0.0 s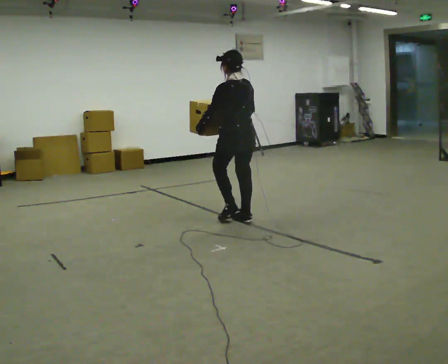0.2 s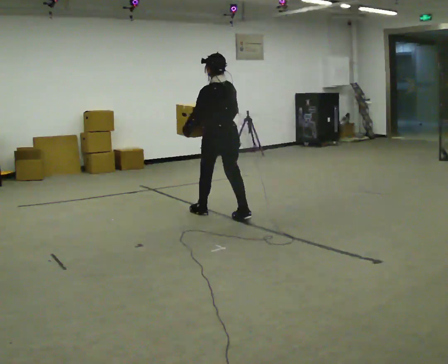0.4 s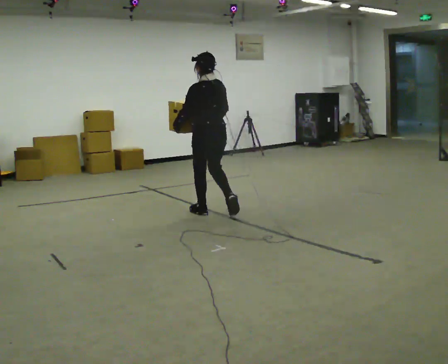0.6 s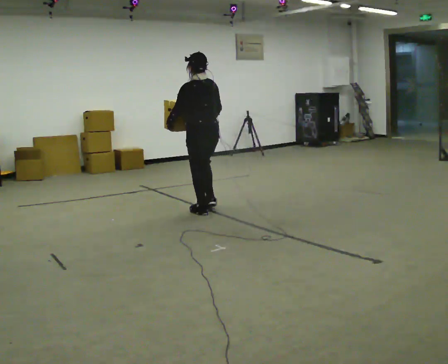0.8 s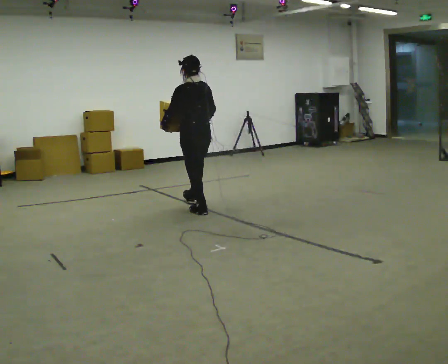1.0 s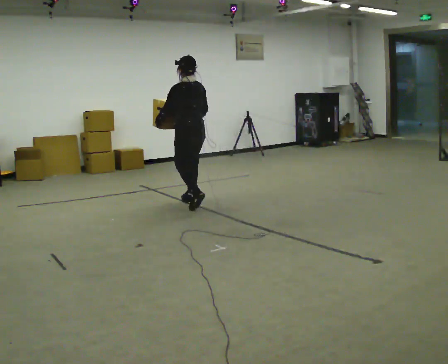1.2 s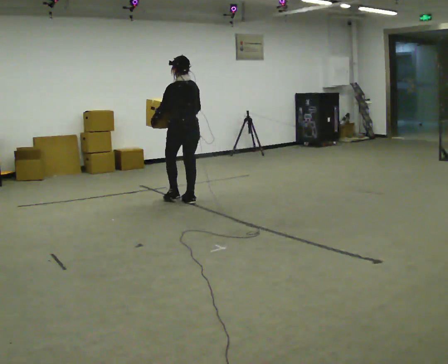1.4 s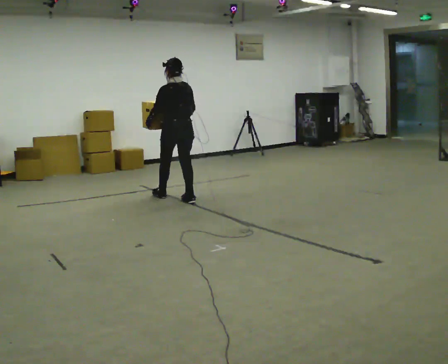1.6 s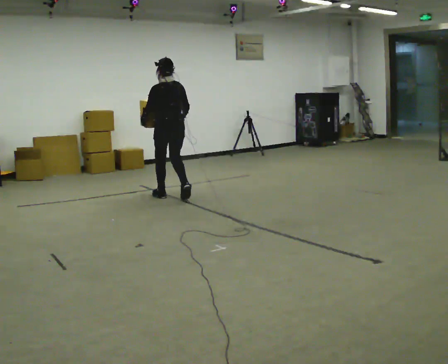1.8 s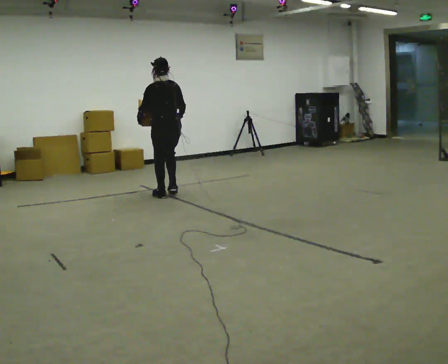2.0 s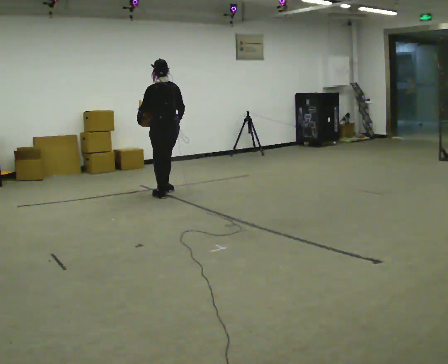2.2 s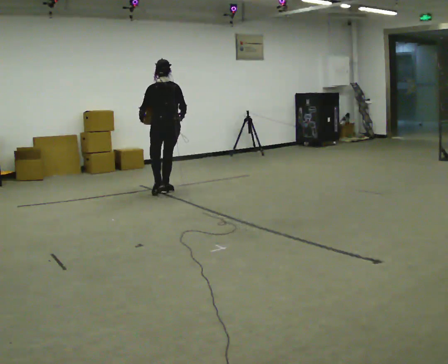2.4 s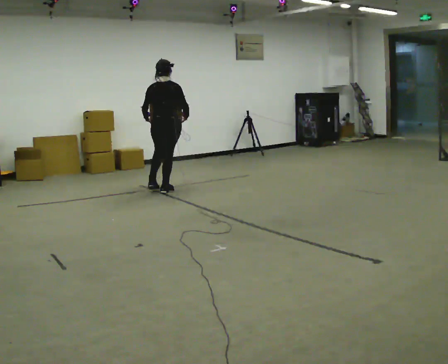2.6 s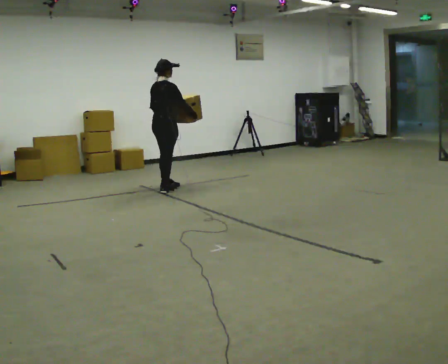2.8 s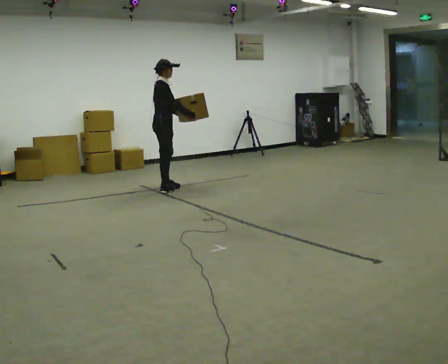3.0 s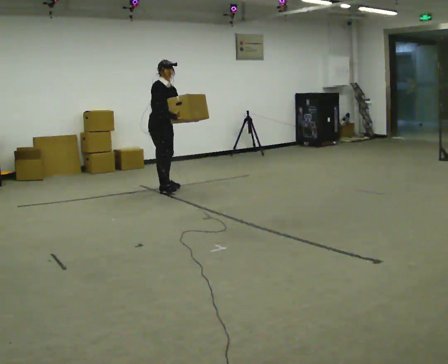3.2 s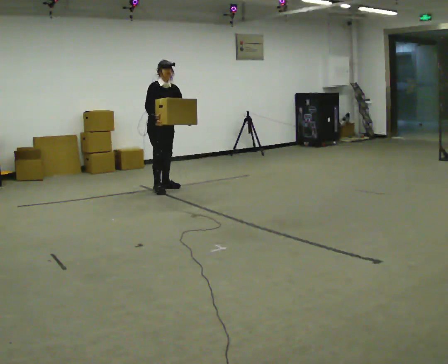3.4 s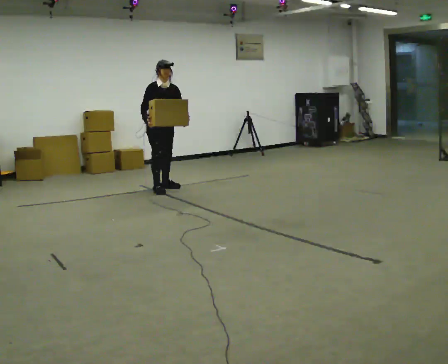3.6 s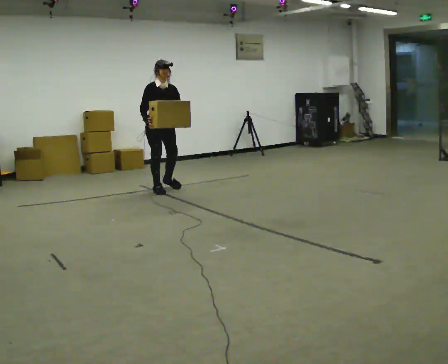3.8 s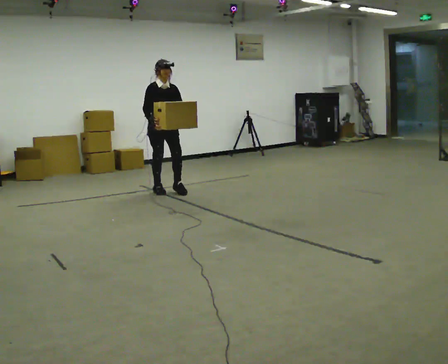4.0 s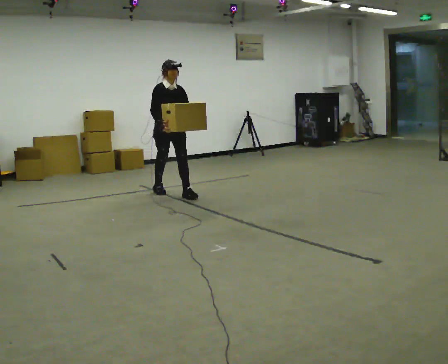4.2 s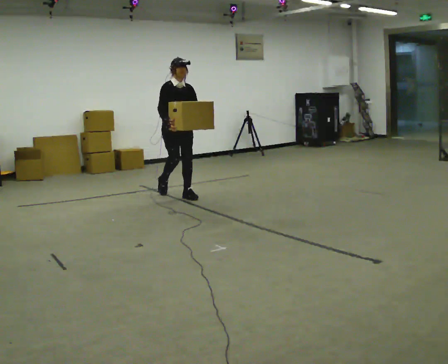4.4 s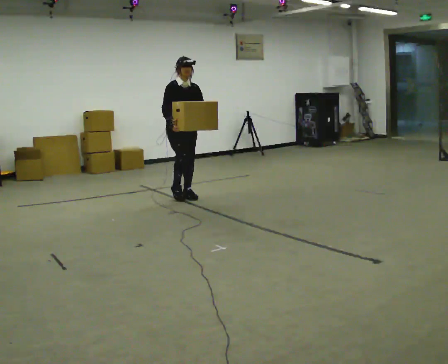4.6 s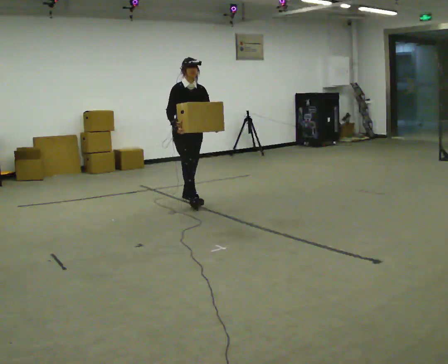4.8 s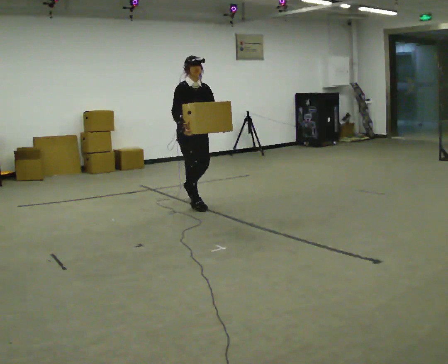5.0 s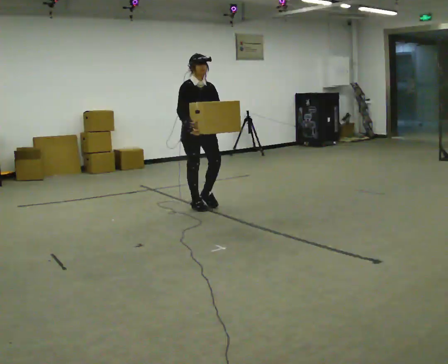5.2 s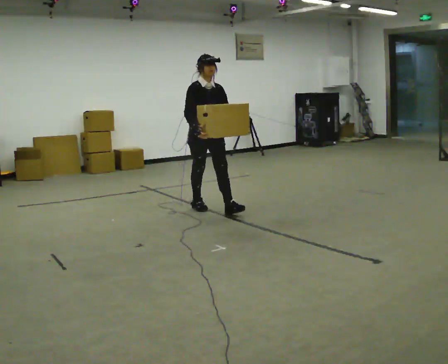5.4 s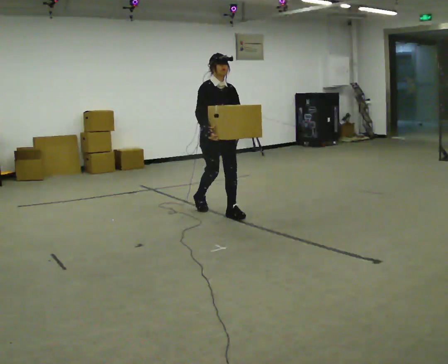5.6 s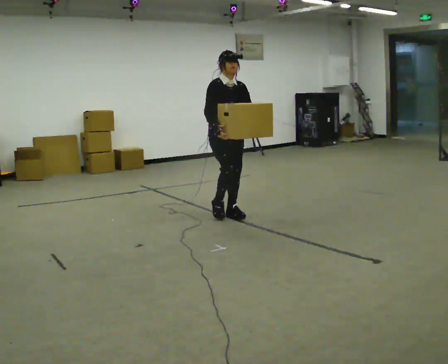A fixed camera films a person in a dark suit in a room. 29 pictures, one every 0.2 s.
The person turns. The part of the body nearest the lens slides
to the left.
The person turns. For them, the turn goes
to their right.
0.0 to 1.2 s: In the picture they go away from the camera and to the left, about 1 m in 2 steps, which for them is forward.
1.2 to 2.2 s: In the picture they go away from the camera and to the left, about 0.5 m in 2 steps, which for them is forward.
2.2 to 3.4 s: The part of the body nearest the lens slides to the left as the person turns to their right by about 150 degrees. In the picture they go away from the camera, about 0.25 m in 1 step. In the picture their right hand goes to the left.
3.4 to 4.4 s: In the picture they go toward the camera and to the right, about 0.5 m in 1 step, which for them is forward.
4.4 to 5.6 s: In the picture they go toward the camera and to the right, about 1 m in 2 steps, which for them is forward.
The film runs forward here.
